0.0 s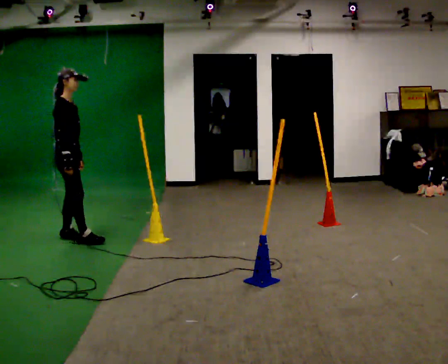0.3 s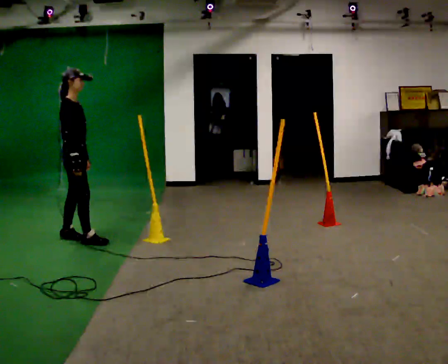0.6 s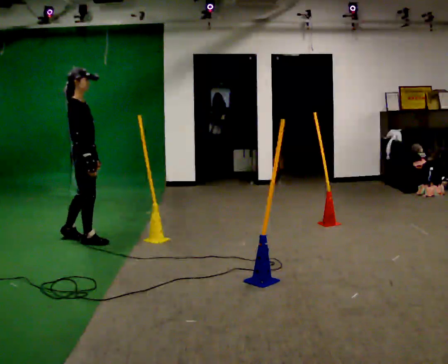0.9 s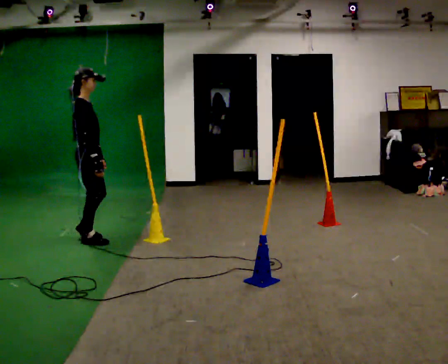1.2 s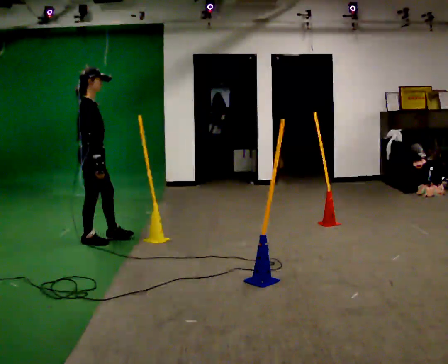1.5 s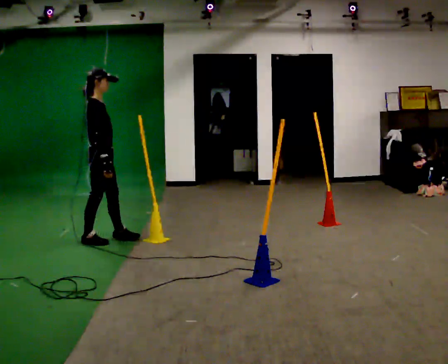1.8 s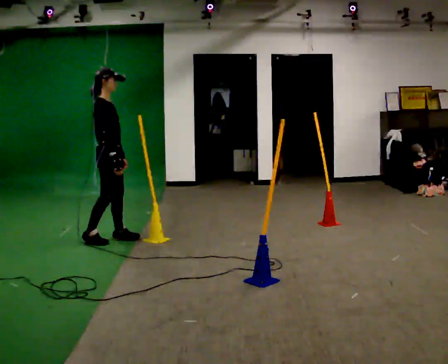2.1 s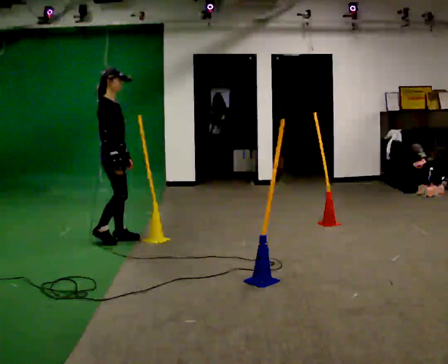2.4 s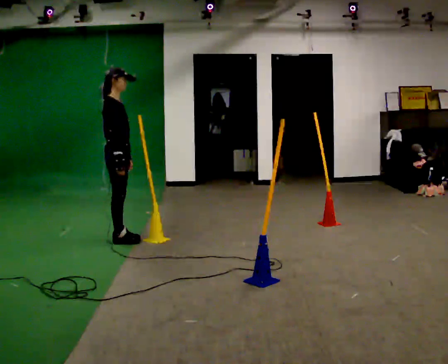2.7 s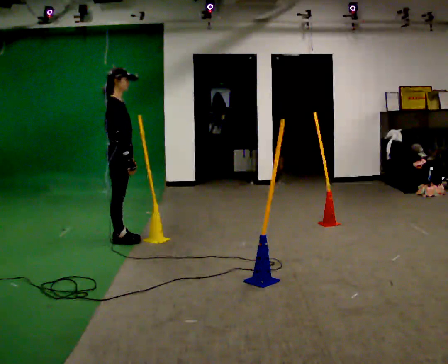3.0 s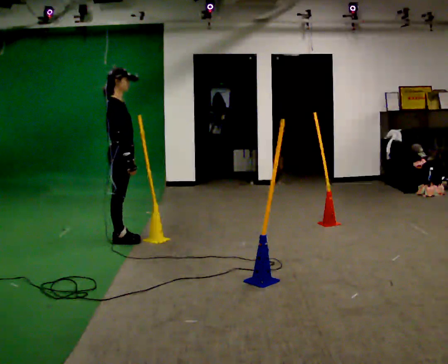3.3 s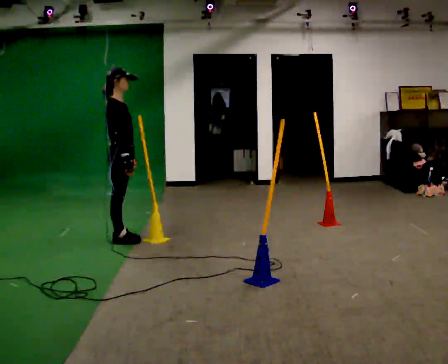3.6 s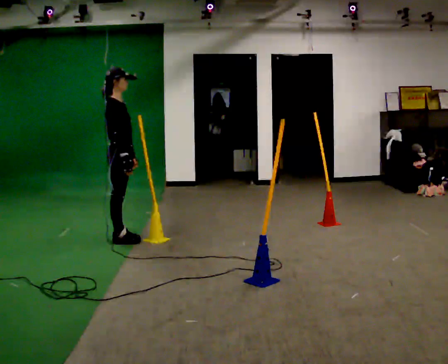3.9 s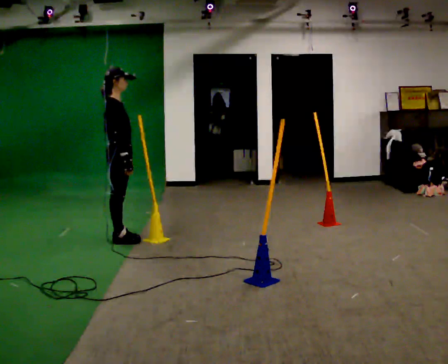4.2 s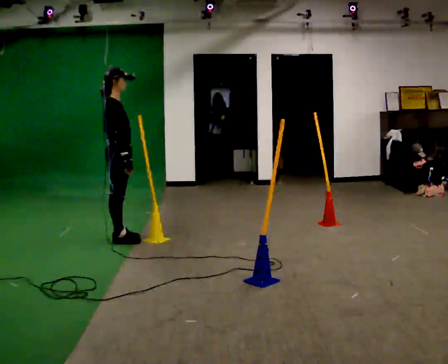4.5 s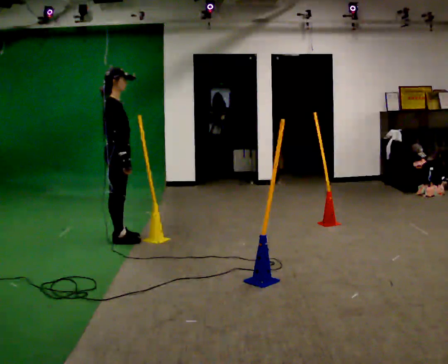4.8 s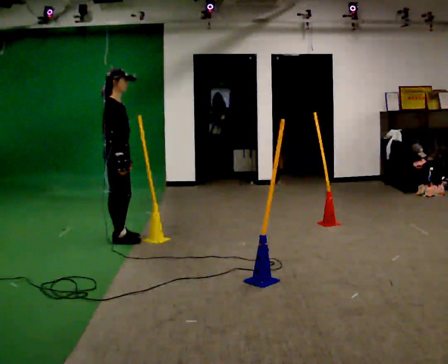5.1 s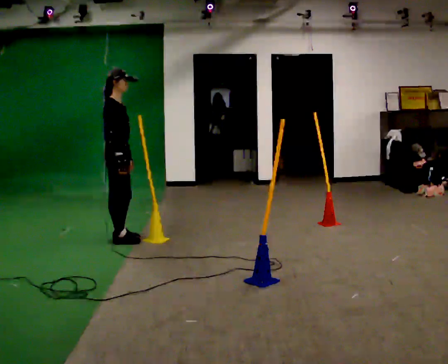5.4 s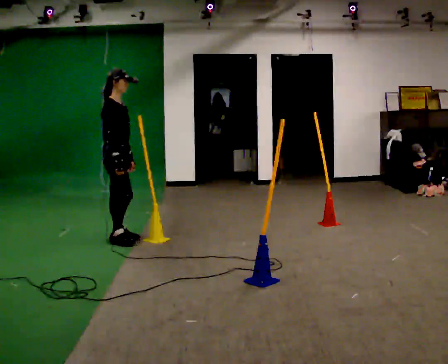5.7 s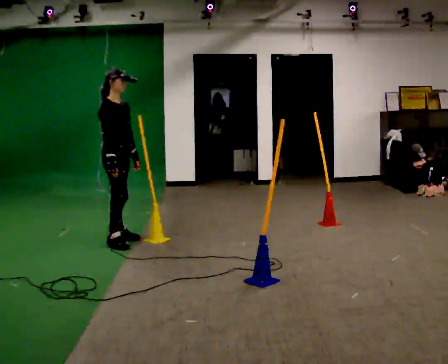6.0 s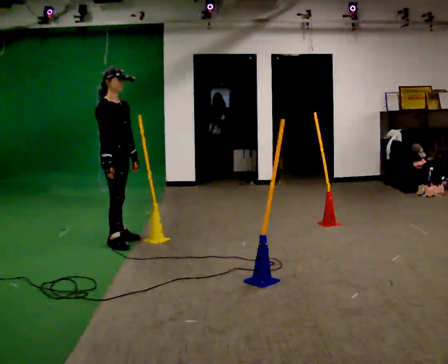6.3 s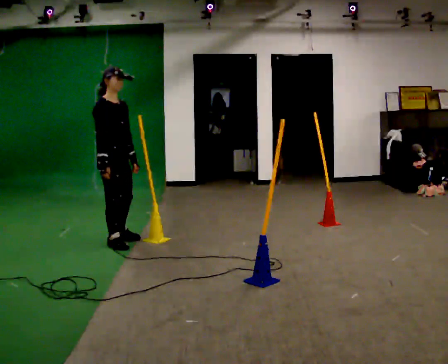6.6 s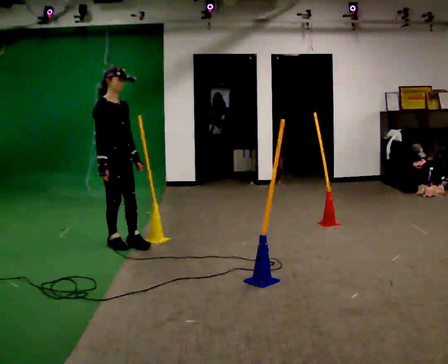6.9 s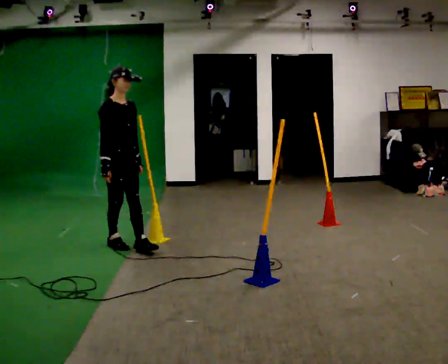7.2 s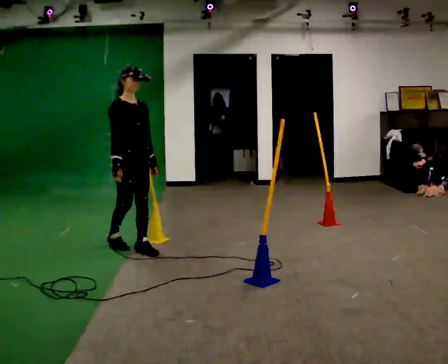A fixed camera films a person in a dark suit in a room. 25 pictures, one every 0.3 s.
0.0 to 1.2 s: In the picture they go to the right and toward the camera, about 0.25 m in 1 step, which for them is forward and to their right.
1.2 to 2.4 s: In the picture they go to the right, about 0.25 m in 2 steps, which for them is forward.
2.4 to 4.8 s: The person moves a little, or ends about where they began.
4.8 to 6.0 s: The person turns about 30 degrees to their right, clockwise seen from above, so the part of the body nearest the lens slides to the left.
6.0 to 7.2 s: In the picture they go toward the camera, about 0.25 m in 1 step, which for them is forward.
The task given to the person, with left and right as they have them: Start at marker; visit targets in order; choose natural paths; avoid obstacles; stop at final target.
The film runs forward here.
